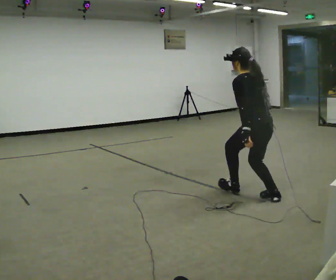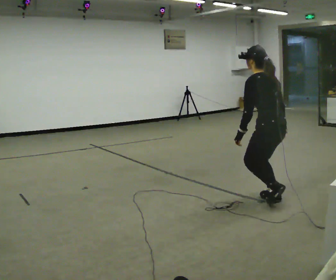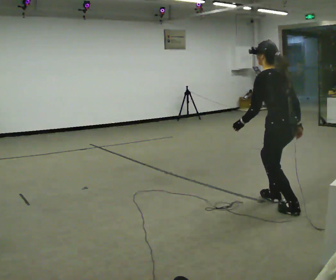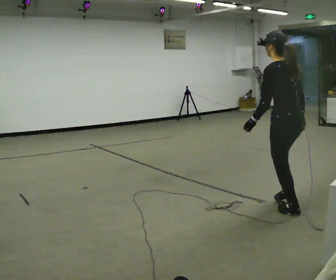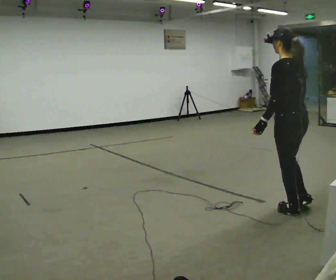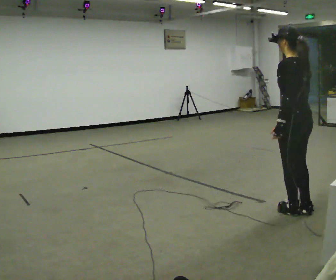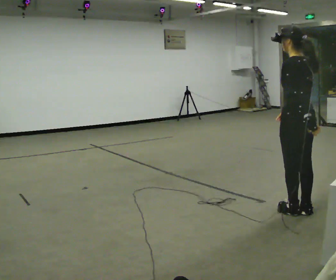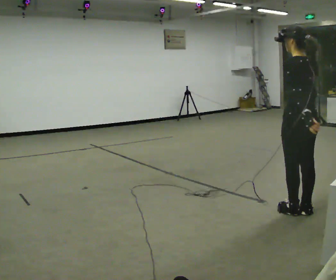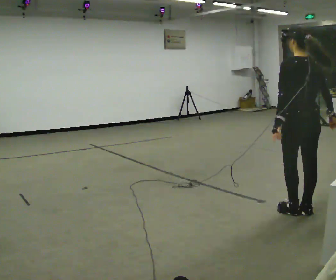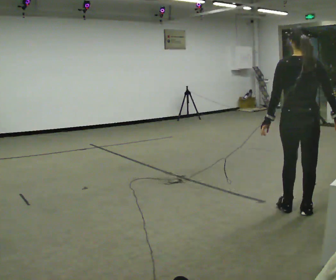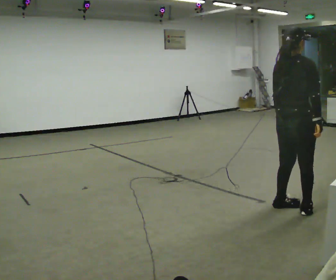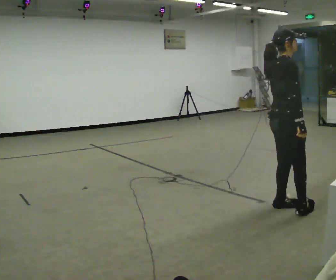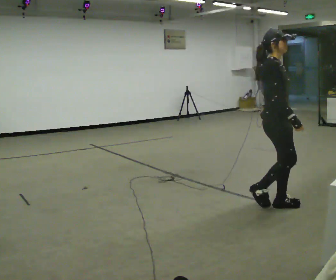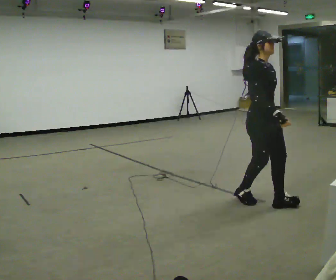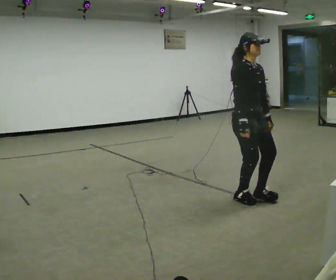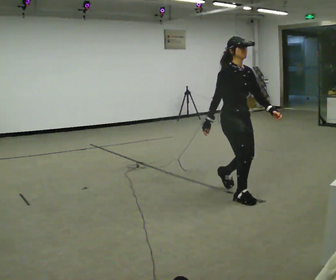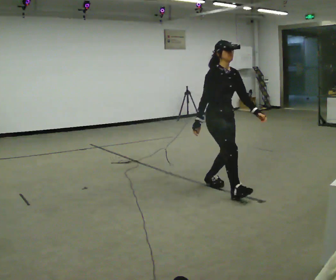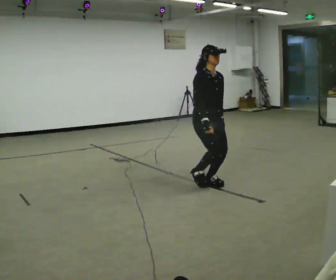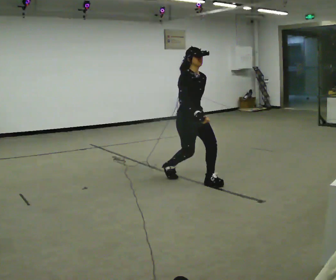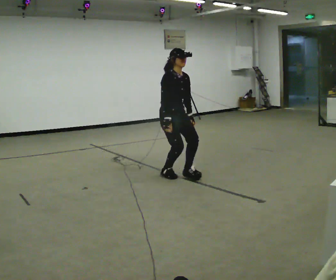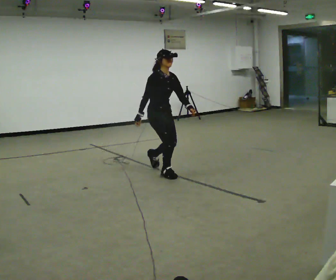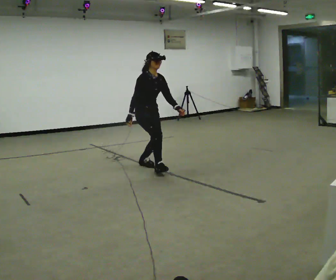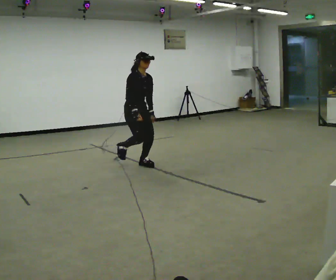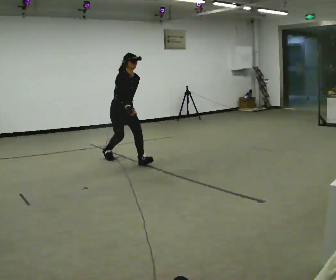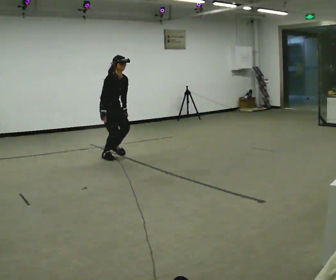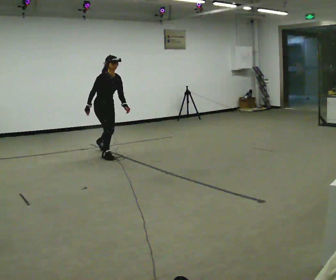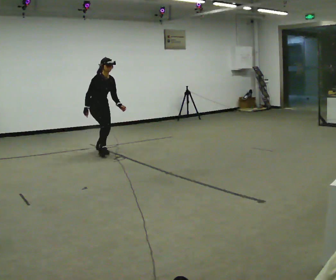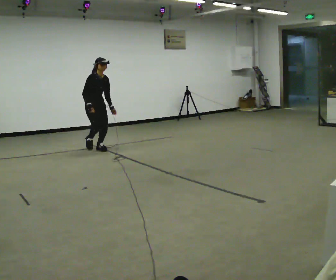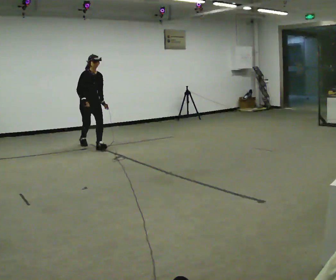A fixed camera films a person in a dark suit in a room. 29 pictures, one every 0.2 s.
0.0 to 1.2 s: In the picture they go toward the camera and to the right, about 0.5 m in 1 step, which for them is backward. In the picture the upper body tilts clockwise, shoulders to the right, as they lean back or straighten.
1.2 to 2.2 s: The person turns about 105 degrees to their right, clockwise seen from above, so the part of the body nearest the lens slides to the left.
2.2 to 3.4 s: Seen from above the body turns clockwise, about 60 degrees: to their right, with its near side sliding to the left. In the picture they go away from the camera and to the left, about 1 m in 2 steps.
3.4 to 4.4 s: In the picture they go to the left and away from the camera, about 1.5 m in 2 steps, which for them is backward.
4.4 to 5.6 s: In the picture they go to the left and away from the camera, about 1.5 m in 2 steps, which for them is backward.
The film runs backward here.
